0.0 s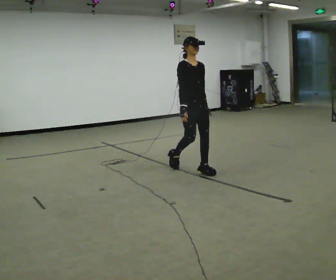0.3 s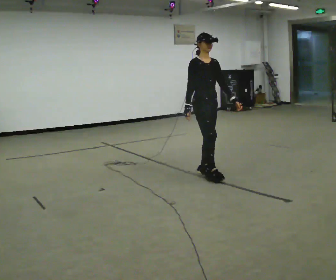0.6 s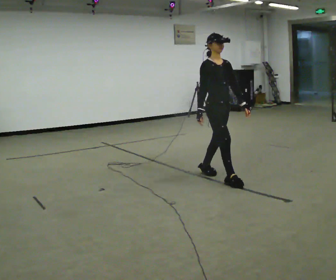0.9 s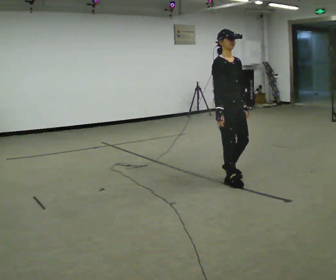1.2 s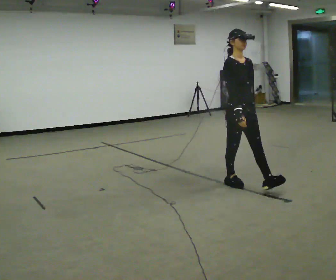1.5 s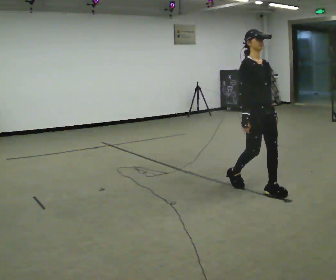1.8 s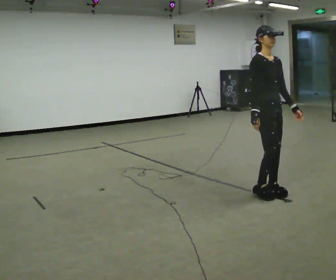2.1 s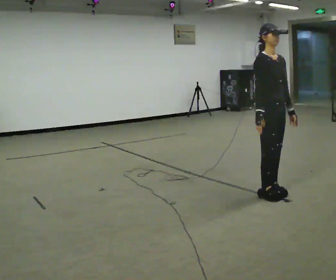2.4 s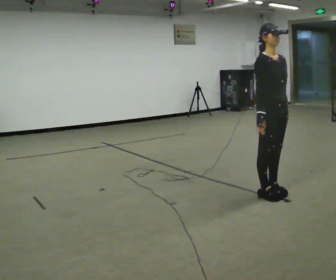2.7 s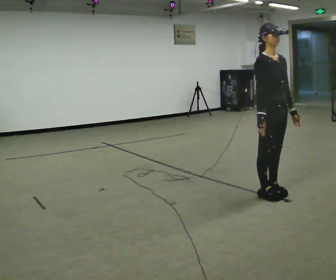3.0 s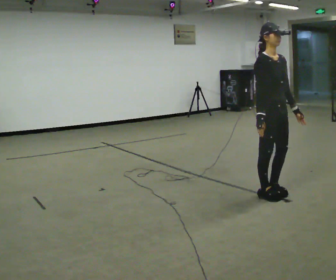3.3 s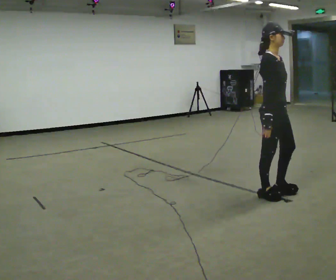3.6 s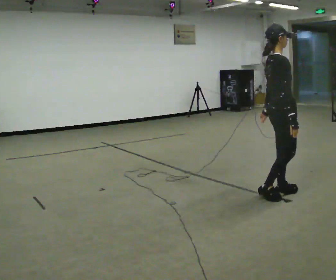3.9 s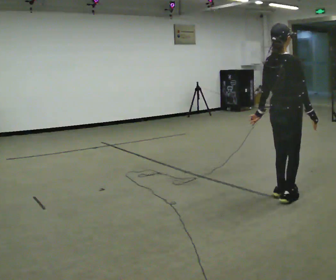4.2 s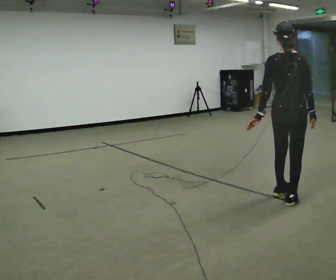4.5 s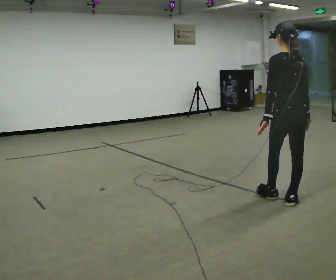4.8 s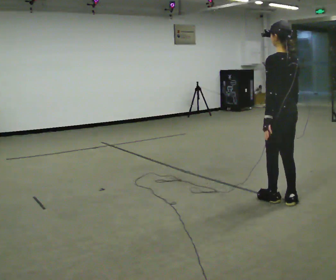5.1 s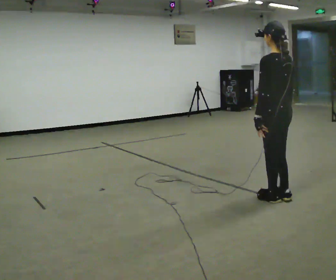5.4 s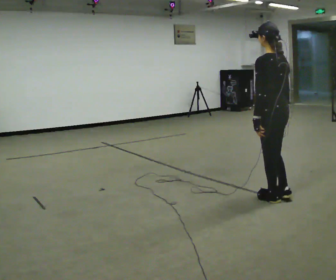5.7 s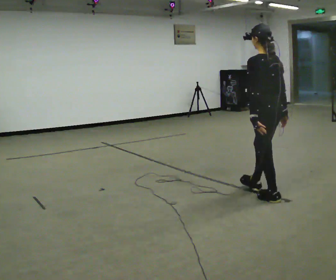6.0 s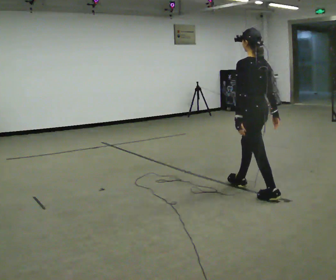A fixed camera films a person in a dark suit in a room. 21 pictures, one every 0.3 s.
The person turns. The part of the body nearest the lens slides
to the right.
The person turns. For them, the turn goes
to their left.
0.0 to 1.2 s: In the picture they go toward the camera and to the right, about 1 m in 1 step, which for them is forward.
1.2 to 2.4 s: In the picture they go toward the camera and to the right, about 0.5 m in 2 steps, which for them is forward.
2.4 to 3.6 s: Seen from above the body turns counterclockwise, about 45 degrees: to their left, with its near side sliding to the right.
3.6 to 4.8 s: The person turns about 120 degrees to their left, counterclockwise seen from above, so the part of the body nearest the lens slides to the right.
4.8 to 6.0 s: In the picture they go away from the camera and to the left, about 0.25 m in 1 step, which for them is forward.
The film runs forward here.
